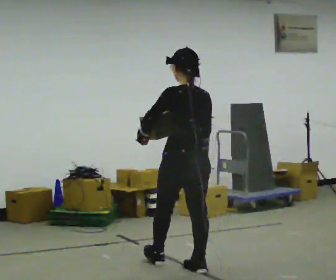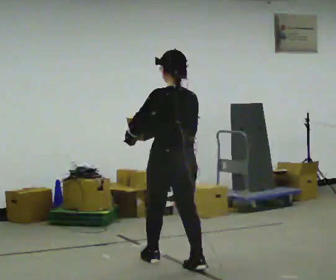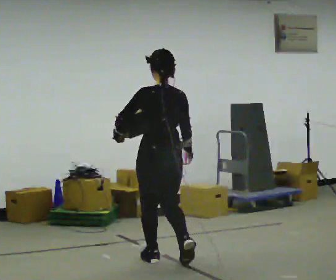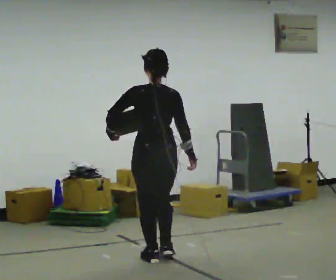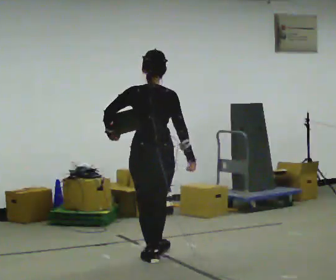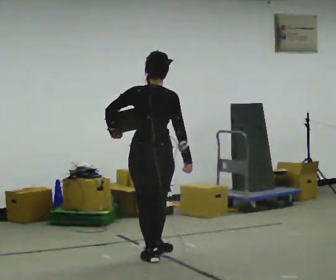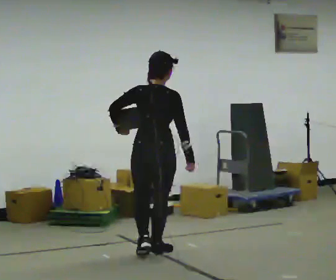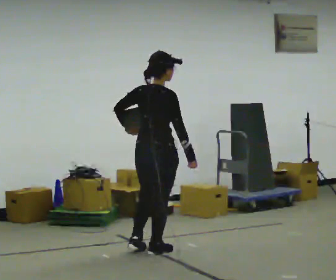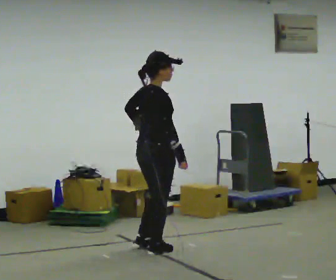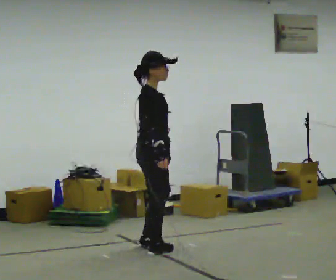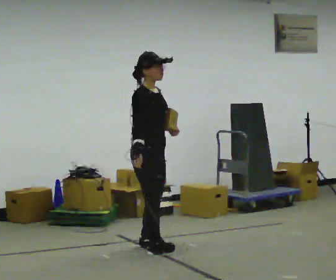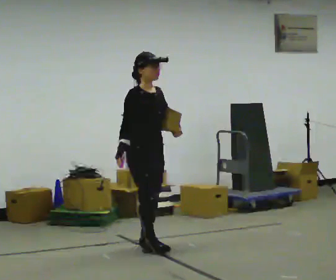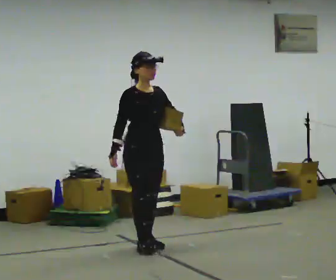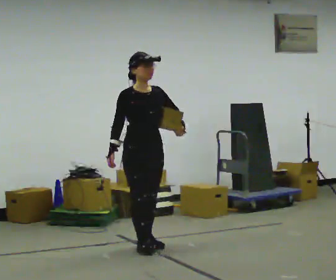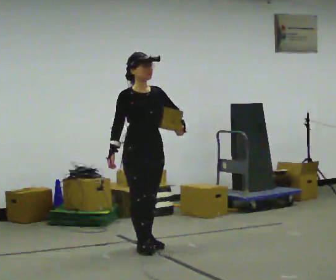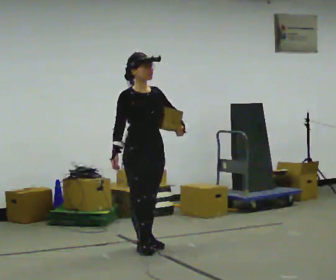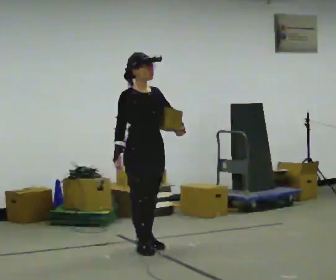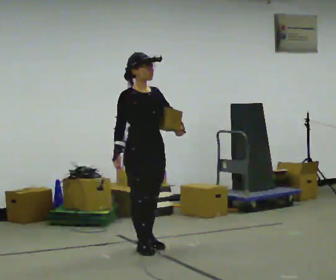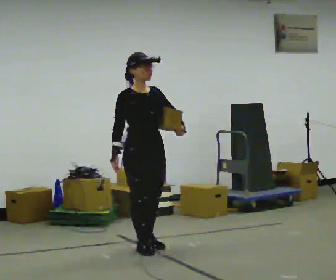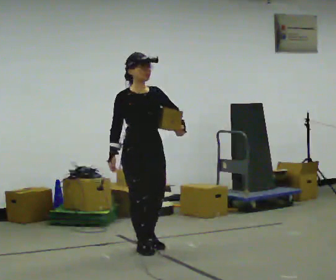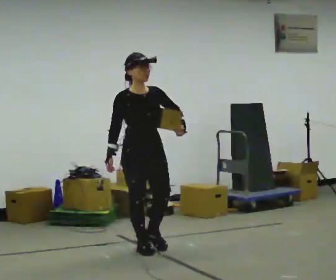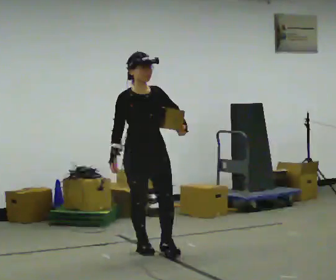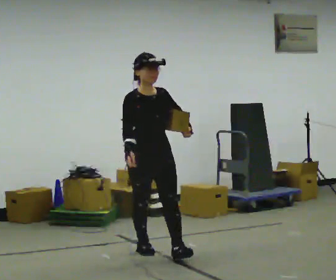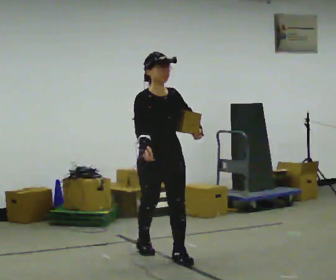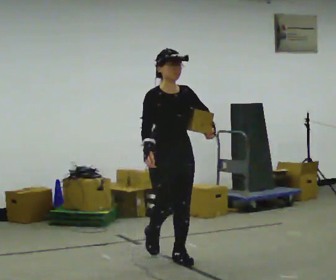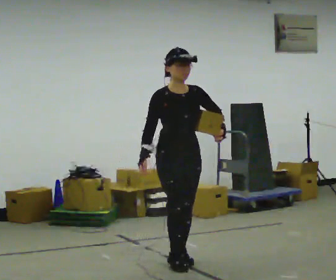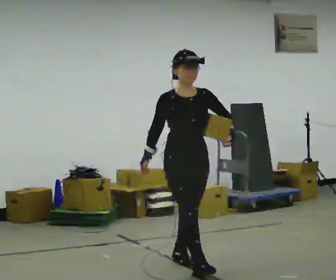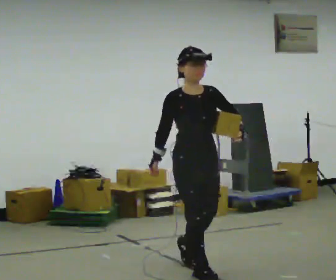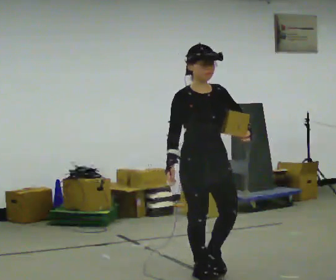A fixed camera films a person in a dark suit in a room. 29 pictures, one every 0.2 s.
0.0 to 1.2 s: The part of the body nearest the lens slides to the left as the person turns to their right by about 45 degrees. In the picture they go away from the camera and to the left, about 0.5 m in 2 steps, which for them is forward.
1.2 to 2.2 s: The person turns about 120 degrees to their right, clockwise seen from above, so the part of the body nearest the lens slides to the left. In the picture they go away from the camera, about 0.25 m in 1 step.
2.2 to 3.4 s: The person moves a little, or ends about where they began.
3.4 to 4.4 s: In the picture they go toward the camera, about 0.25 m, which for them is forward.
4.4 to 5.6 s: In the picture they go toward the camera and to the right, about 1 m in 2 steps, which for them is forward.
The film runs forward here.
